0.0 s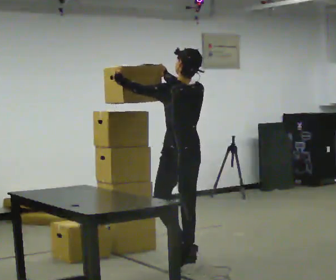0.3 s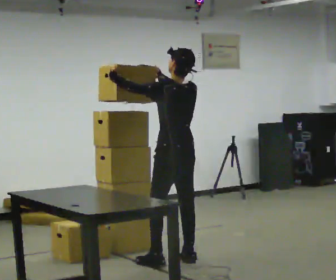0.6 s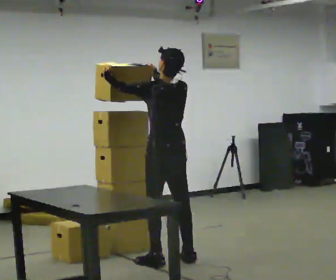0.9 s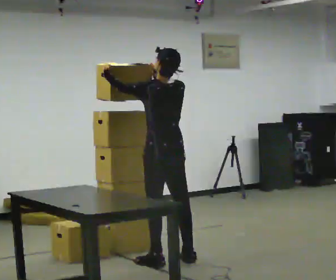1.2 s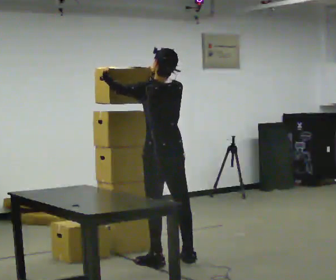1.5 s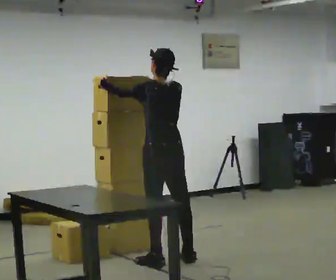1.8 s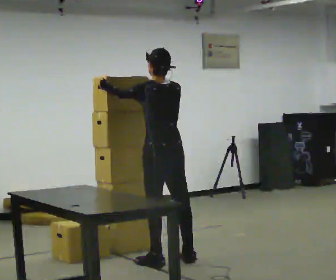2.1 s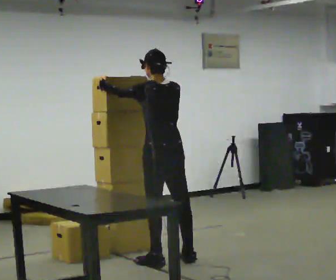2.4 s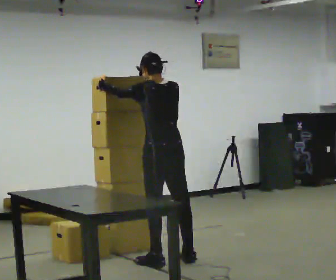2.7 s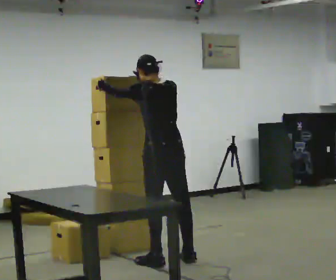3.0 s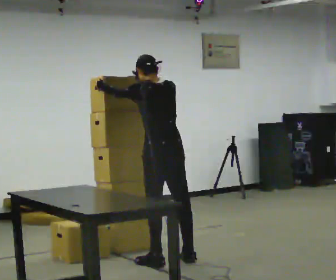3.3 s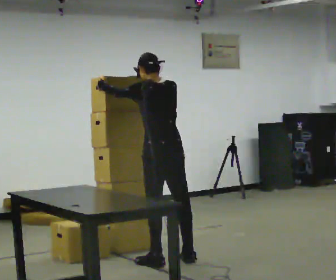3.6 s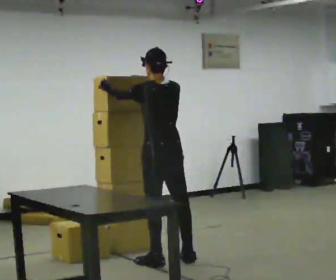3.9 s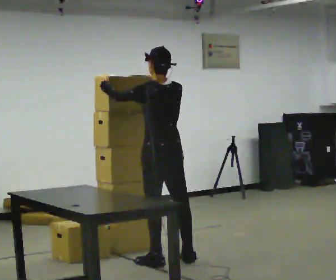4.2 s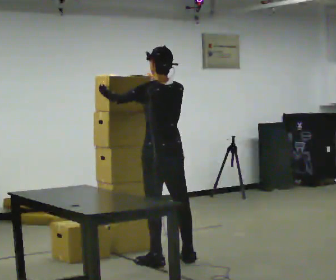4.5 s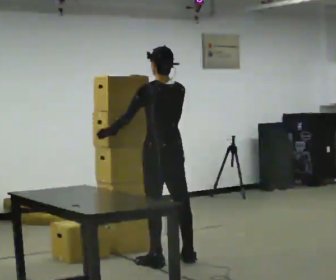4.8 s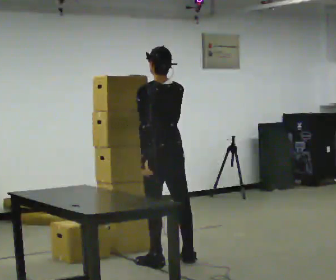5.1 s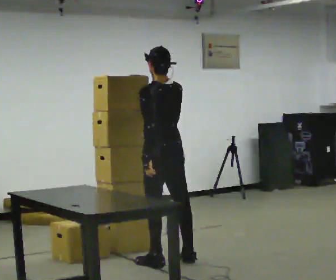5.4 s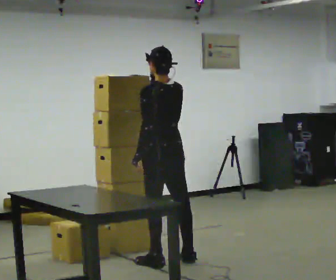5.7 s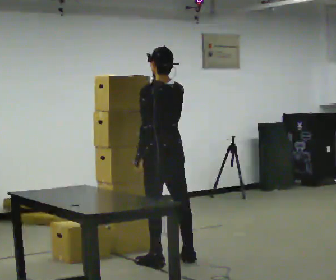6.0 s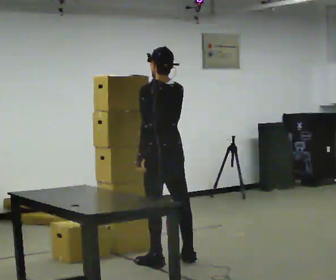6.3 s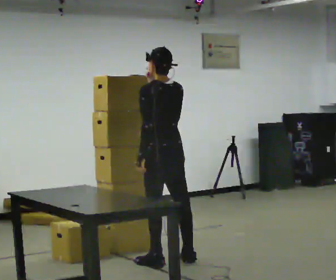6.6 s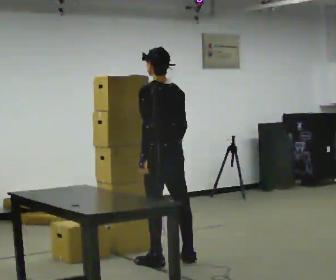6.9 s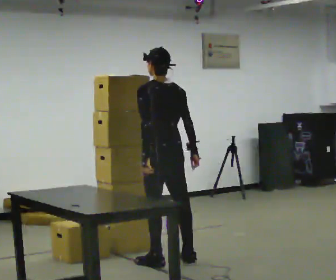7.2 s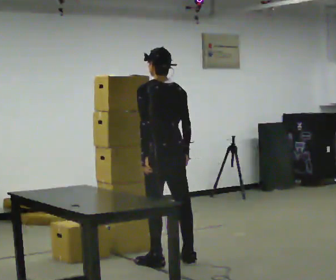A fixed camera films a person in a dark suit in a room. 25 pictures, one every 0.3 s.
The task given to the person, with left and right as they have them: Take the boxes off the top, get the one from the bottom, carry it away, then put the others back. Keep going until the operator says stop; one object at a time, and do not rush between trips.
0.0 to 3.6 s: In the picture they go to the left, about 0.25 m in 1 step, which for them is forward.
3.6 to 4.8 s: In the picture their left hand goes downward and to the right, the arm swinging counterclockwise.
4.8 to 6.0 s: The person moves a little, or ends about where they began.
6.0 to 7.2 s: In the picture their right hand goes downward.
The film runs forward here.
